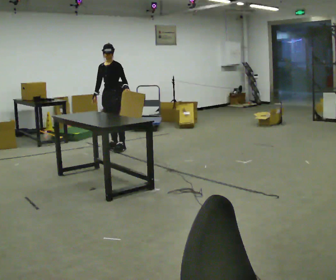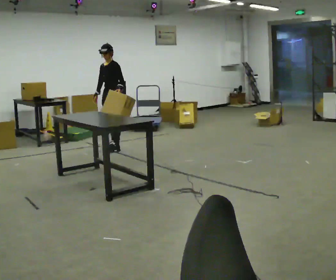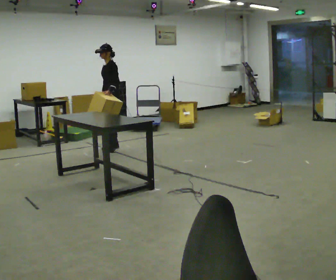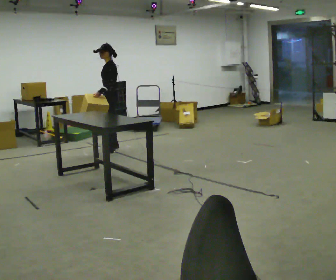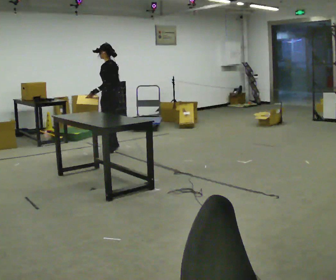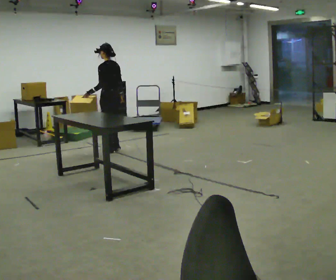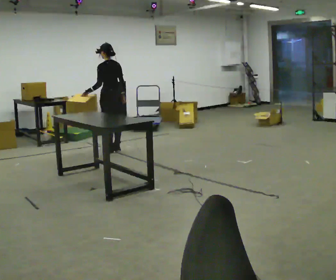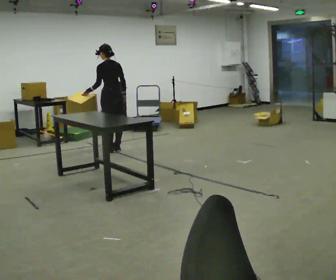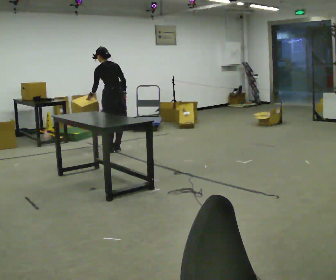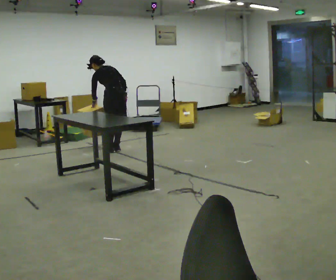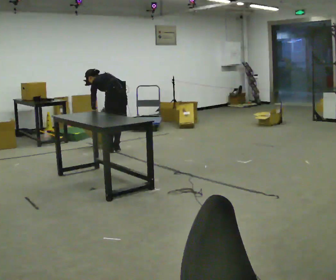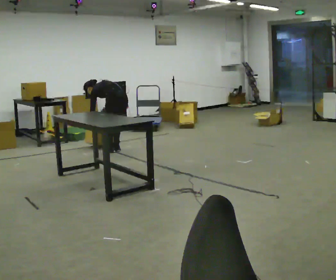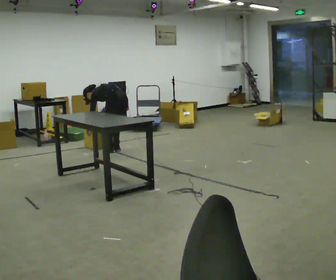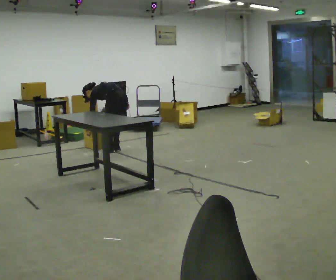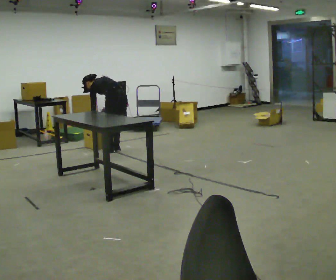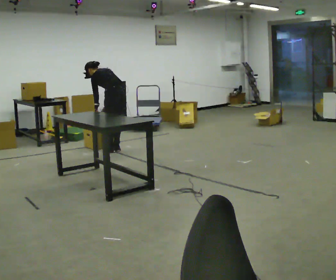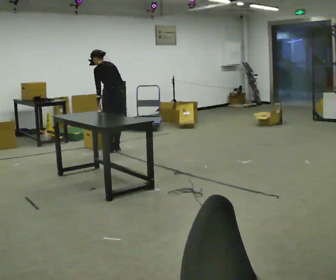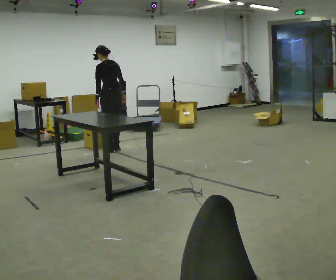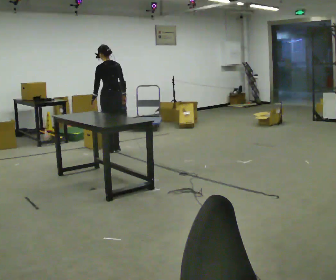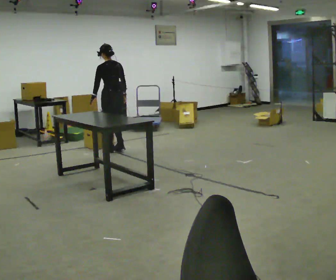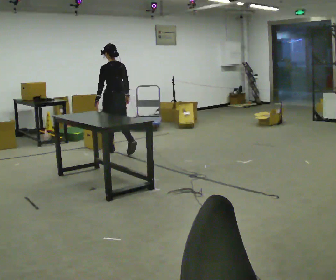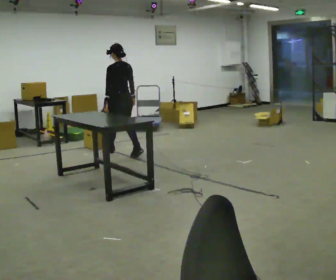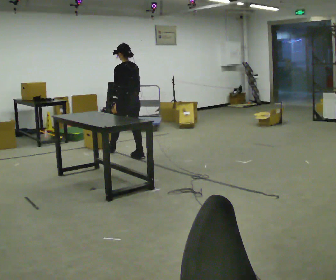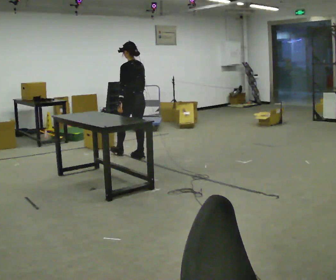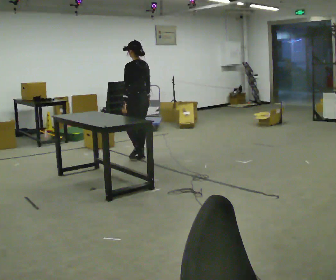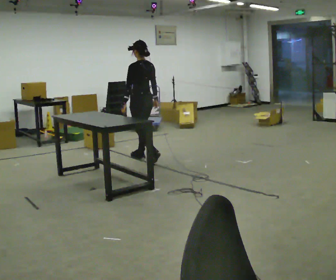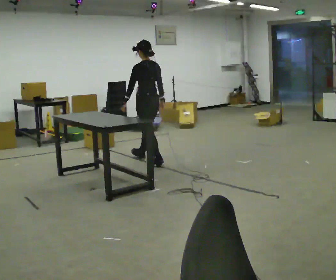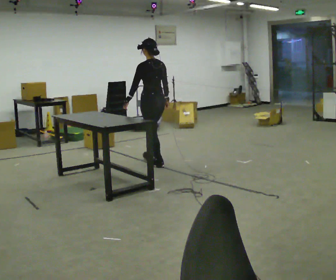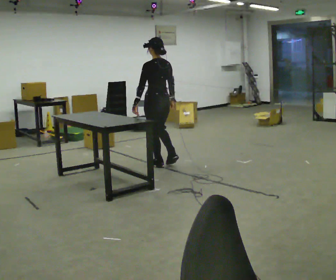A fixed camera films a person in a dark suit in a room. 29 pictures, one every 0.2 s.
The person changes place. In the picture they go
toward the camera.
0.0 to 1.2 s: The part of the body nearest the lens slides to the left as the person turns to their right by about 105 degrees. In the picture they go toward the camera, about 0.25 m in 2 steps. In the picture their left hand goes to the left, the arm swinging clockwise.
1.2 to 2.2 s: The shoulders move downward. The upper body tips away from the camera, its near side rolling upward, as they bend forward.
2.2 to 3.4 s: The upper body tips toward the camera, its near side rolling downward, as they lean back or straighten.
3.4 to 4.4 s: In the picture they go toward the camera and to the right, about 0.5 m in 1 step, which for them is backward.
4.4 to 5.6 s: In the picture they go toward the camera and to the right, about 0.5 m in 2 steps, which for them is backward.
The film runs backward here.
